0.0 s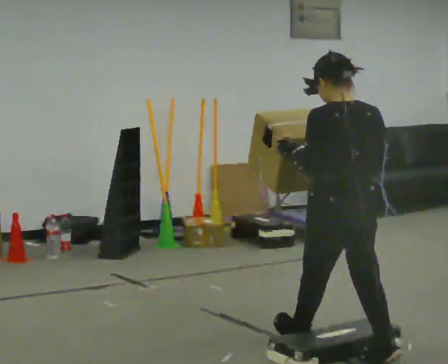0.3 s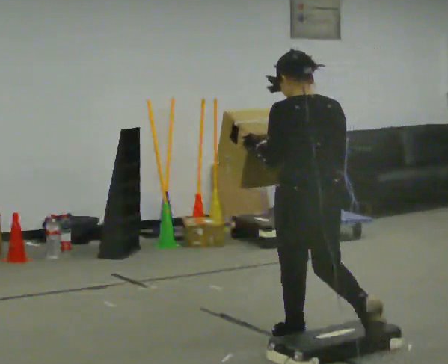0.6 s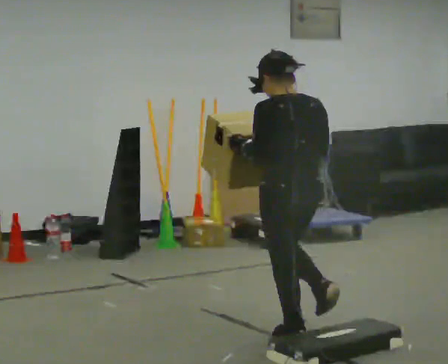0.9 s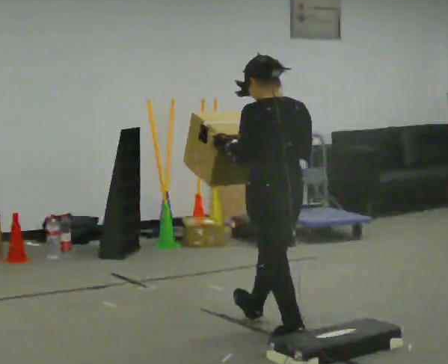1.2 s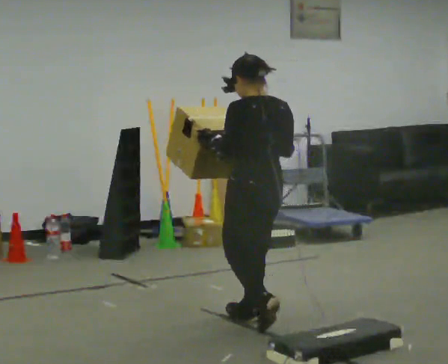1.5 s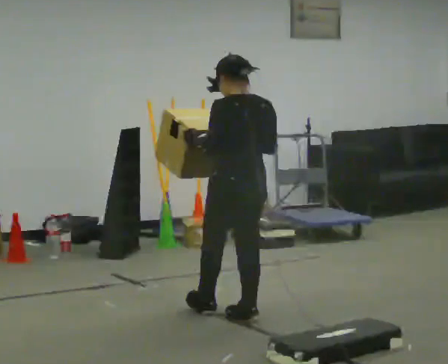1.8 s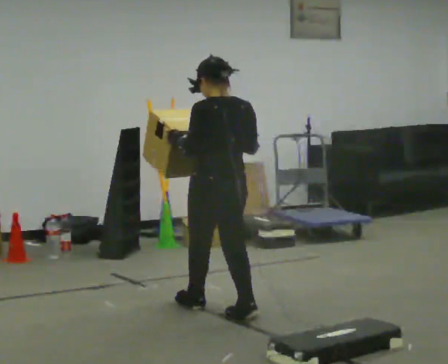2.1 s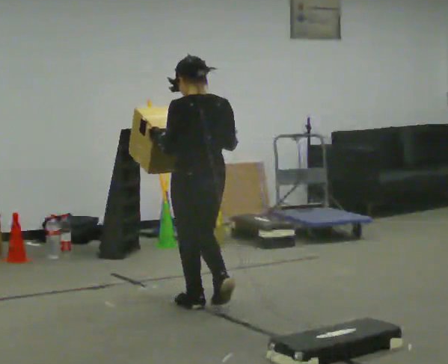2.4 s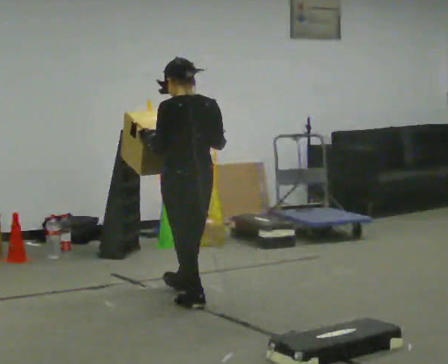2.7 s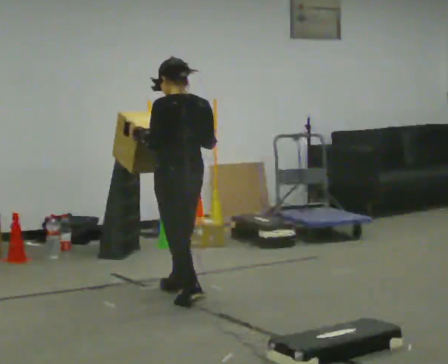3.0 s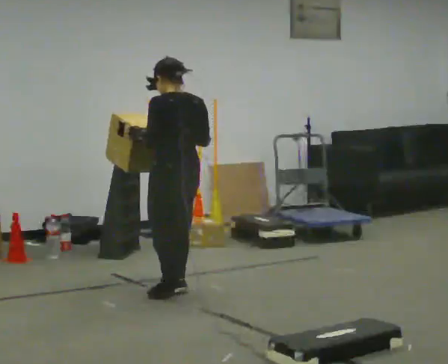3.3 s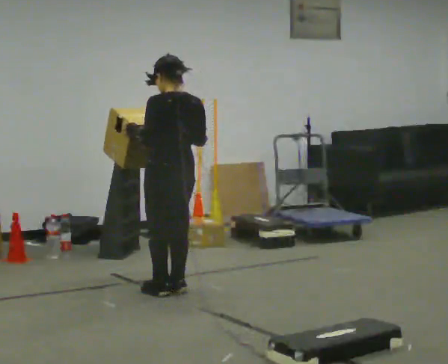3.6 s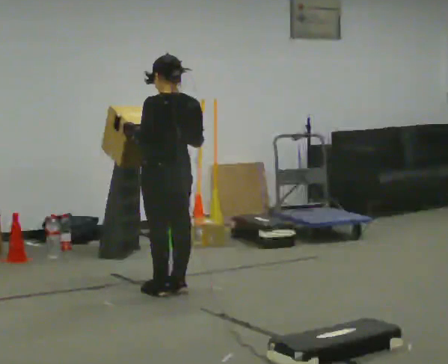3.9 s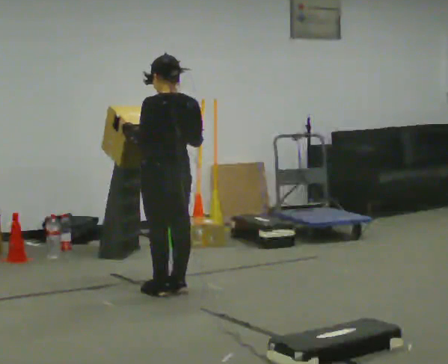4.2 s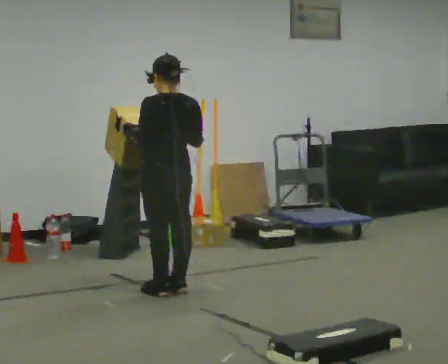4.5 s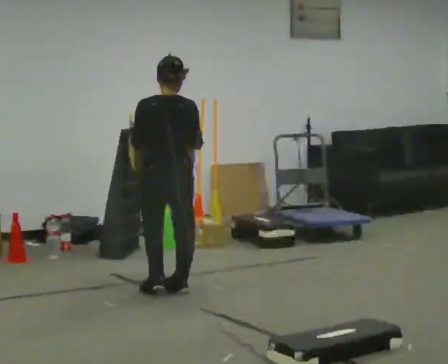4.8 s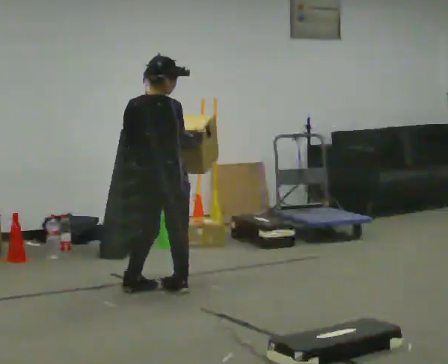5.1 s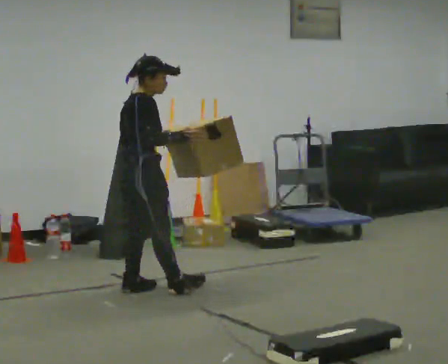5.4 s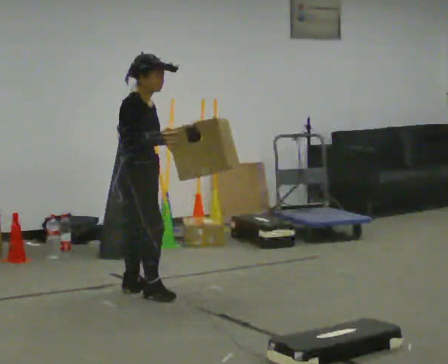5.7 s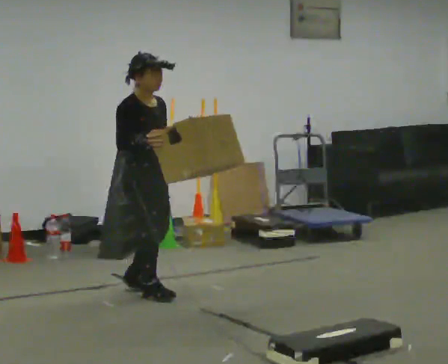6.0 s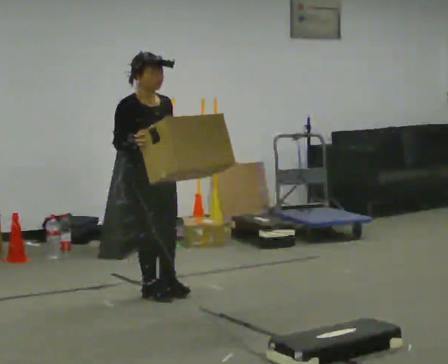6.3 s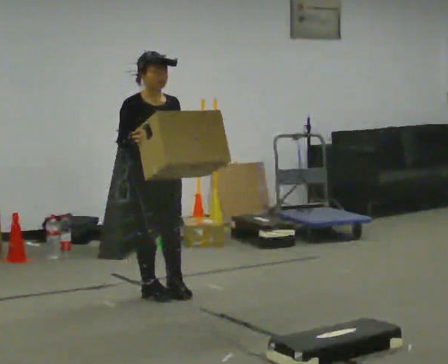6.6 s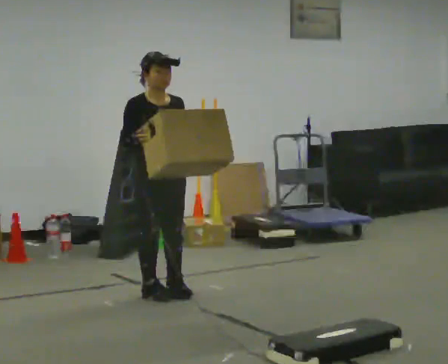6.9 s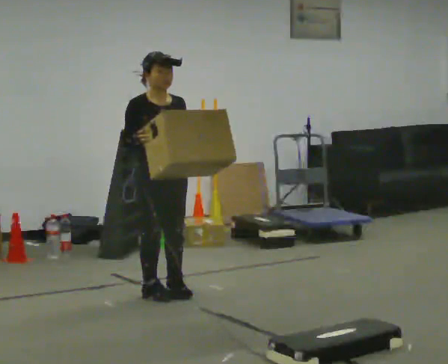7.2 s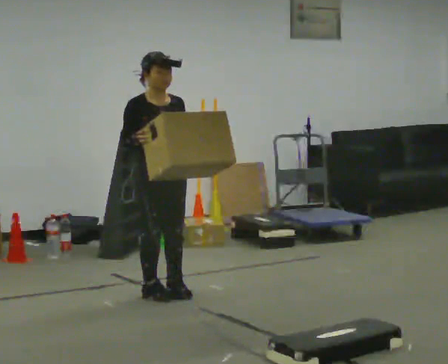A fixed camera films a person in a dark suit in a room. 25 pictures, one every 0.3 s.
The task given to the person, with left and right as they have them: Carry the box over the low sill without stopping, then bring it back over. Keep going until the operator says stop; one object at a time, and do not rush between trips.
0.0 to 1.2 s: In the picture they go away from the camera and to the left, about 0.75 m in 1 step, which for them is forward.
1.2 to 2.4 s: In the picture they go away from the camera and to the left, about 0.75 m in 1 step, which for them is forward.
2.4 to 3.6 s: In the picture they go away from the camera, about 0.25 m in 2 steps, which for them is forward.
3.6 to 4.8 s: The person turns about 60 degrees to their right, clockwise seen from above, so the part of the body nearest the lens slides to the left.
4.8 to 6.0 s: The part of the body nearest the lens slides to the left as the person turns to their right by about 120 degrees. In the picture their right hand goes to the left.
6.0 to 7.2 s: The person moves a little, or ends about where they began.
The film runs forward here.
